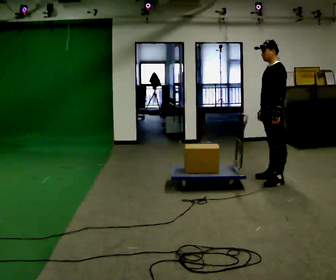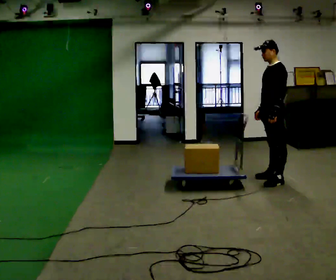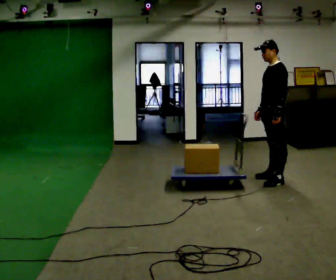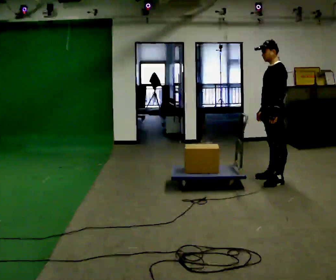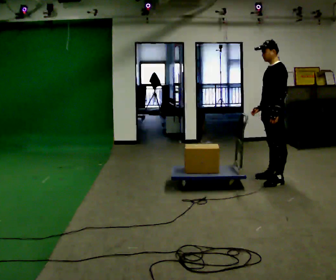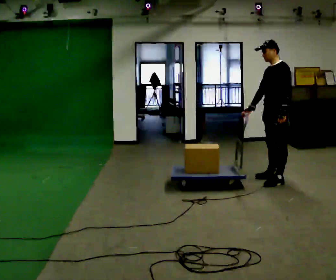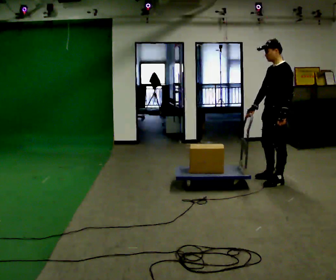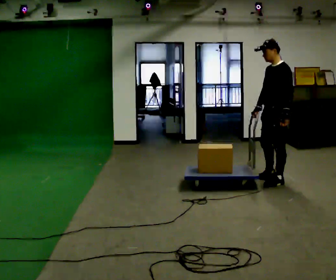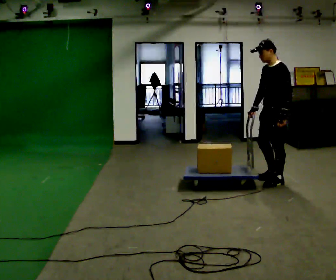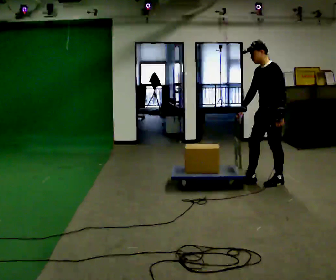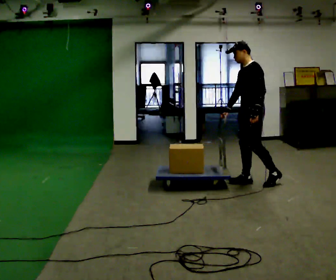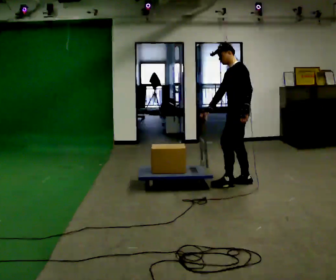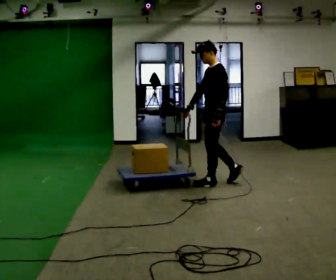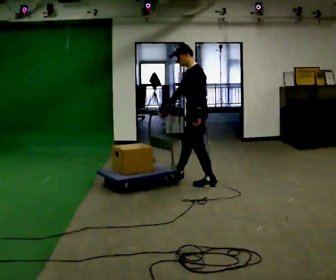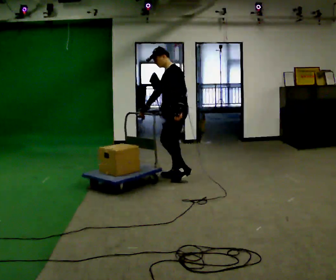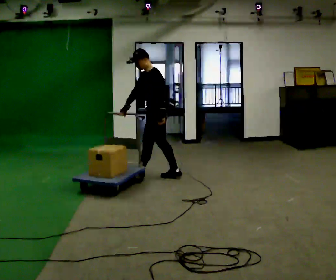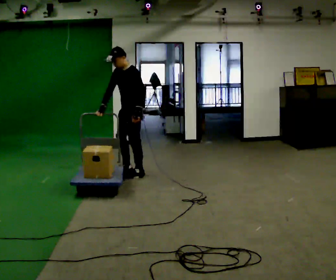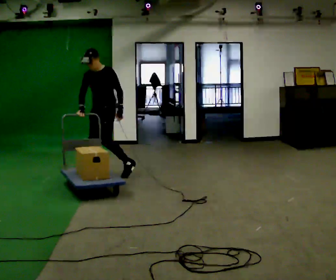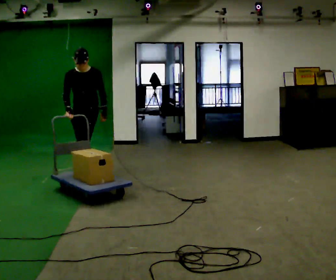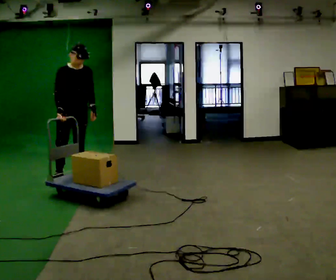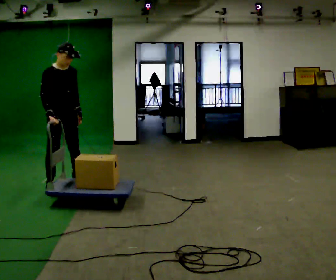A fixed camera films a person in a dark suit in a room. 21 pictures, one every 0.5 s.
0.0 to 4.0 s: The person moves a little, or ends about where they began.
4.0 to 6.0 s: In the picture they go to the left, about 0.5 m in 2 steps, which for them is forward.
6.0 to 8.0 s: The person turns about 30 degrees to their left, counterclockwise seen from above, so the part of the body nearest the lens slides to the right. In the picture they go to the left, about 1 m in 2 steps, which for them is forward.
8.0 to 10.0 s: The person turns about 105 degrees to their left, counterclockwise seen from above, so the part of the body nearest the lens slides to the right. In the picture they go toward the camera and to the left, about 1 m in 3 steps.
The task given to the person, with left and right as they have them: Push the cart across the room using only the hand the operator calls. Keep your other arm at your side.
The film runs forward here.
